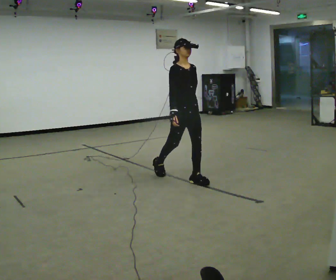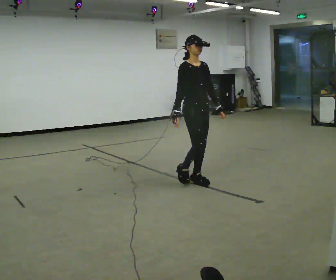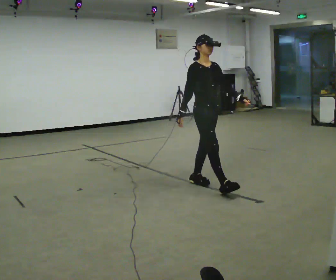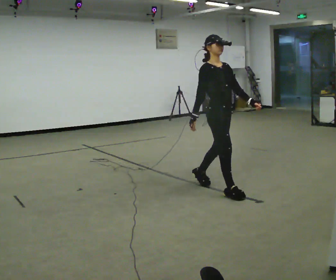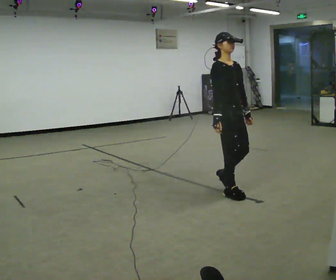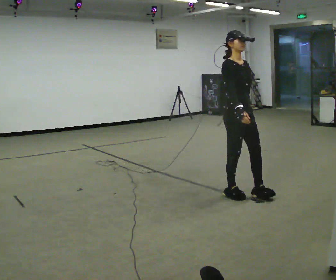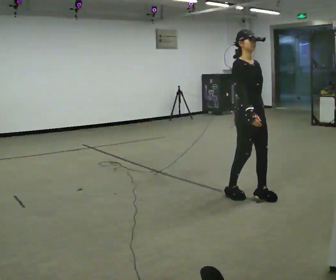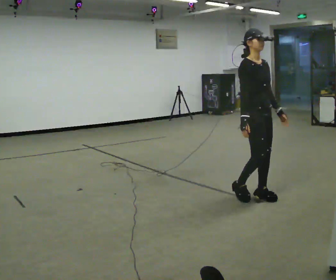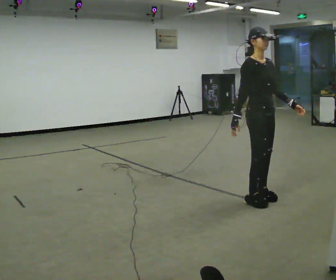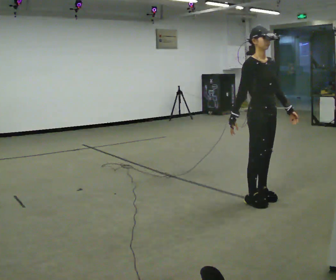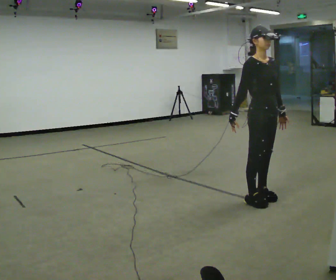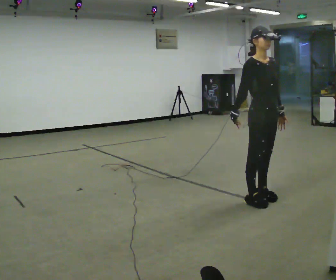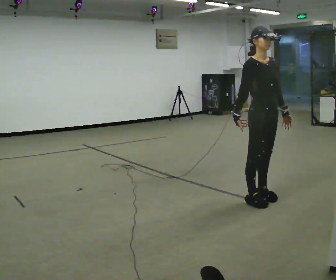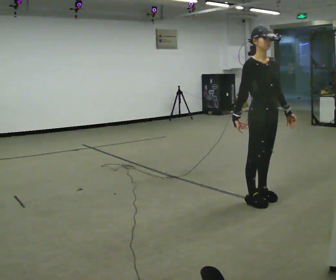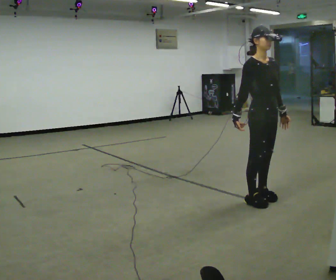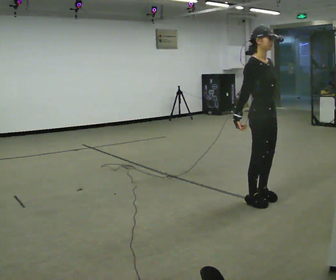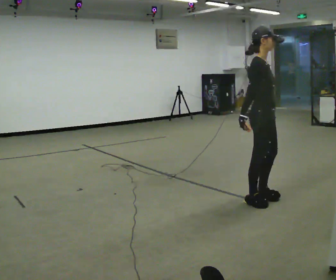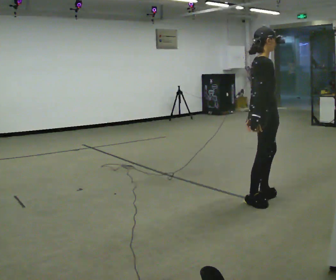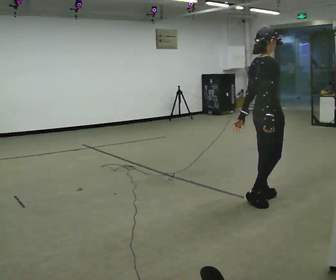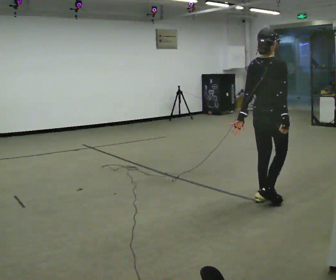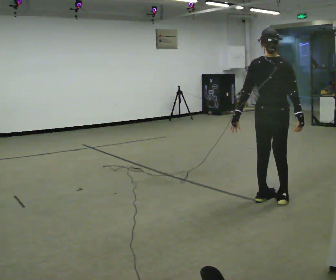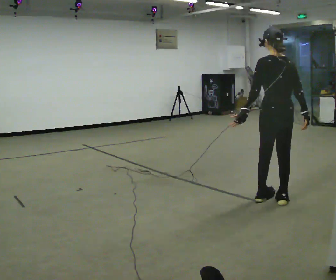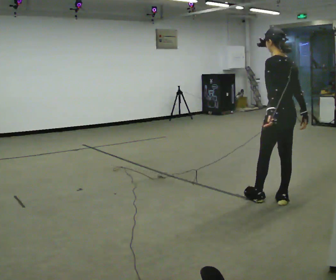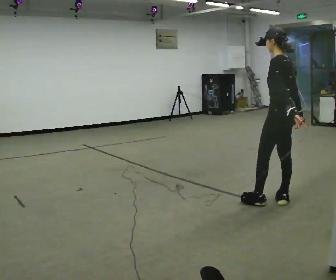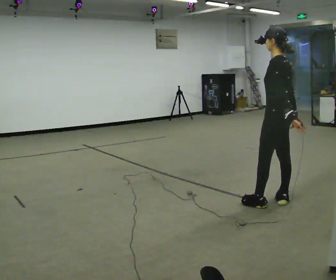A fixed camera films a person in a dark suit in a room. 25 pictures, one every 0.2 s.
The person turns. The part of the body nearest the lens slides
to the right.
The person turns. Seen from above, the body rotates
counterclockwise.
0.0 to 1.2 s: In the picture they go to the right and toward the camera, about 1 m in 2 steps, which for them is forward.
1.2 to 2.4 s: The person moves a little, or ends about where they began.
2.4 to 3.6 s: Seen from above the body turns counterclockwise, about 75 degrees: to their left, with its near side sliding to the right. In the picture their left hand goes to the left, the arm swinging clockwise.
3.6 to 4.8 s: The part of the body nearest the lens slides to the right as the person turns to their left by about 120 degrees.
The film runs forward here.
